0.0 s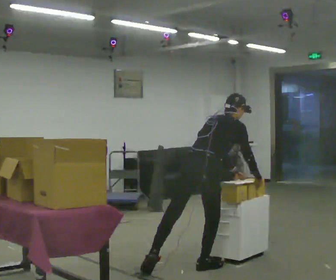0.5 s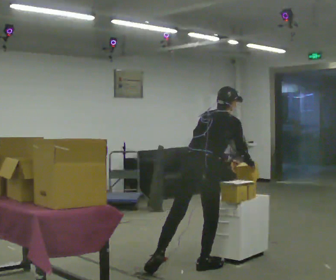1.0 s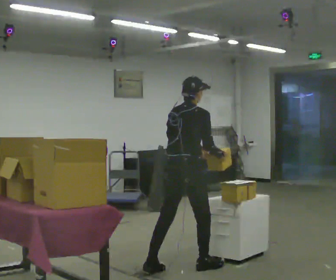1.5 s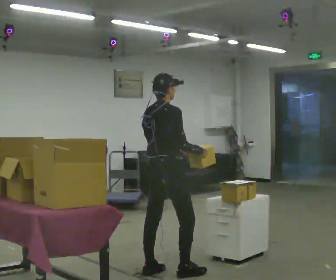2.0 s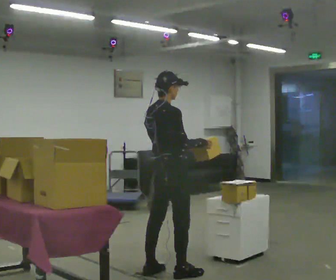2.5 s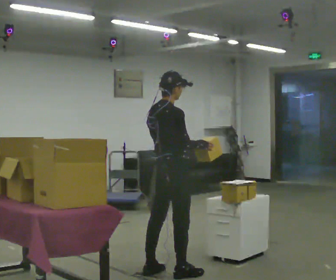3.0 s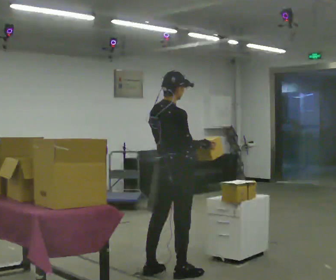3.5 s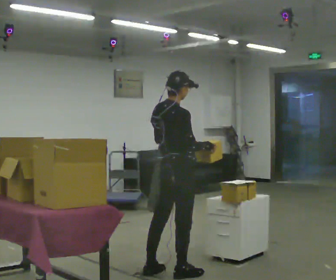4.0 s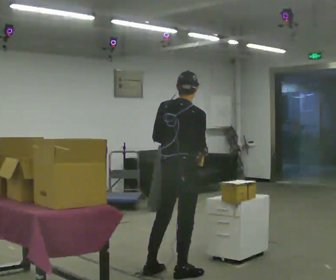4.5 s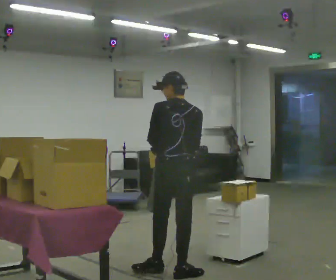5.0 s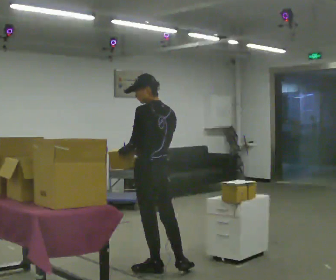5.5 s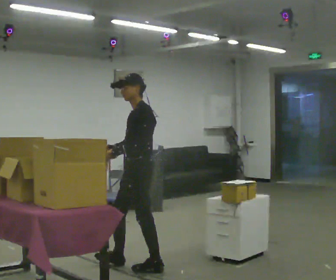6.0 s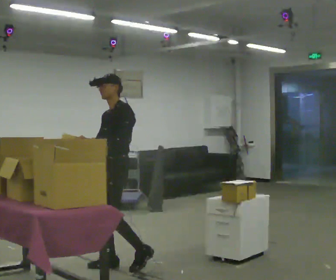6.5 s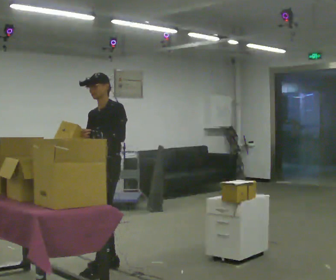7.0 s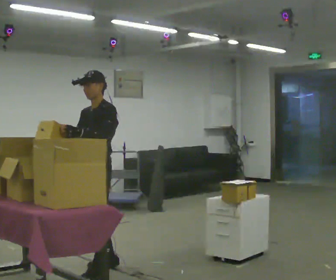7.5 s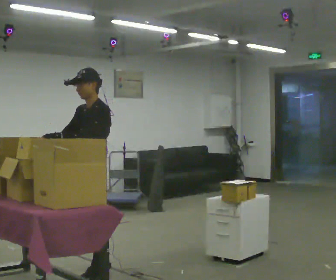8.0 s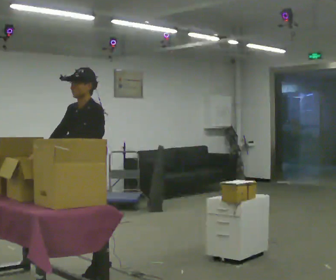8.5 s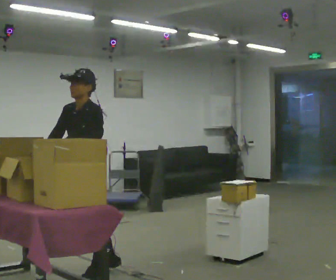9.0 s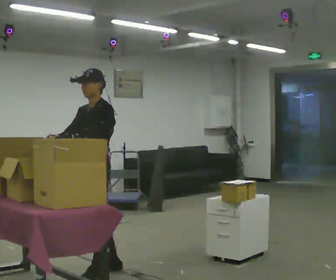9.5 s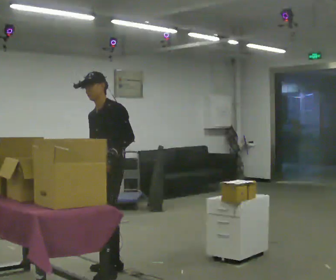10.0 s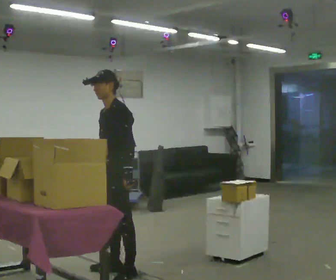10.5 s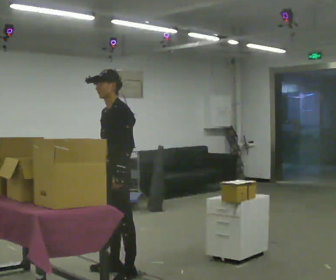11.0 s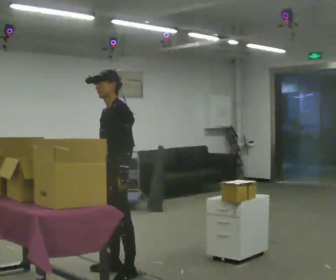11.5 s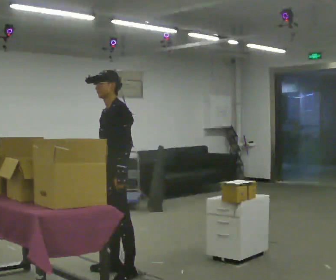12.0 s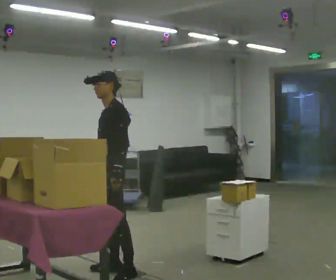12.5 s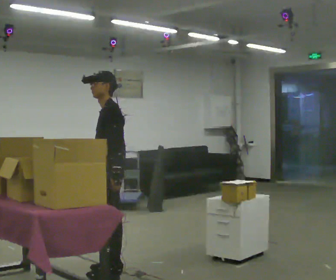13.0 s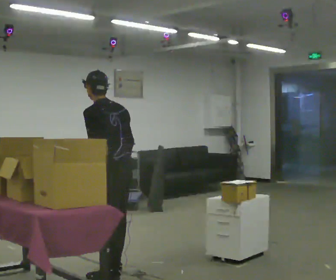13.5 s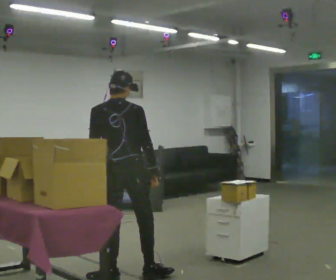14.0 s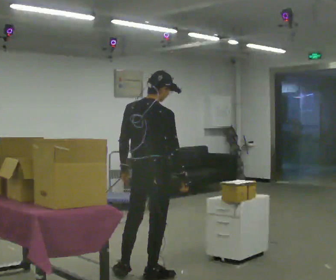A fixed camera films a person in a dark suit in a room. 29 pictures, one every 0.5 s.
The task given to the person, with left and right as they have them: 1. Read the list the operator gives you. 2. Collect the six items on the list from the shelves. 3. Put them all in the bin on the table. 4. Tell the operator when you are finished.
0.0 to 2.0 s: In the picture they go to the left, about 0.25 m in 1 step, which for them is backward and to their left. In the picture the upper body tilts counterclockwise, shoulders to the left, as they lean back or straighten.
2.0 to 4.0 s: The person turns about 30 degrees to their left, counterclockwise seen from above, so the part of the body nearest the lens slides to the right.
4.0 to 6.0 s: The person turns about 150 degrees to their left, counterclockwise seen from above, so the part of the body nearest the lens slides to the right. In the picture they go to the left and away from the camera, about 0.75 m in 1 step.
6.0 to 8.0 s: In the picture they go toward the camera and to the left, about 0.5 m in 2 steps, which for them is forward and to their left. The upper body tips toward the camera, its near side rolling downward, as they bend forward.
8.0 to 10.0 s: In the picture they go to the right, about 0.25 m in 1 step, which for them is backward.
10.0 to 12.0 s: The person moves a little, or ends about where they began.
12.0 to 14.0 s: Seen from above the body turns clockwise, about 135 degrees: to their right, with its near side sliding to the left. In the picture they go to the right and toward the camera, about 0.5 m in 2 steps.
The film runs forward here.
